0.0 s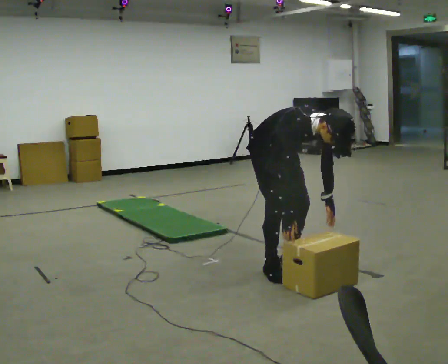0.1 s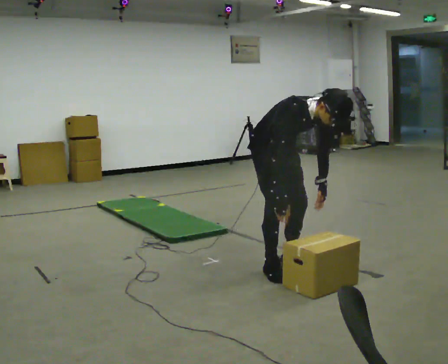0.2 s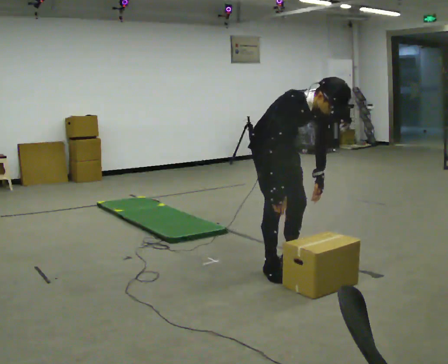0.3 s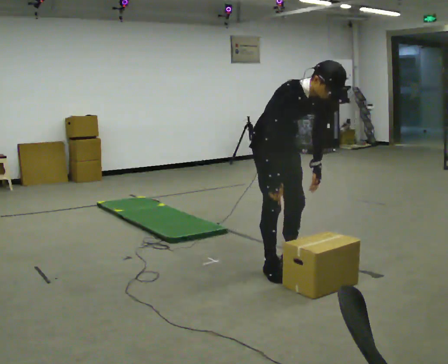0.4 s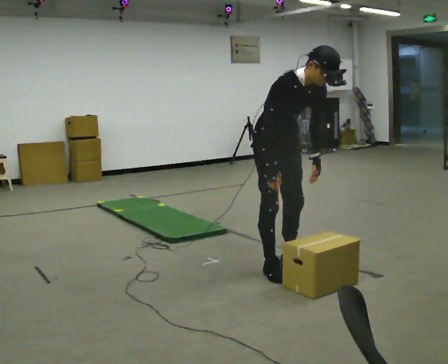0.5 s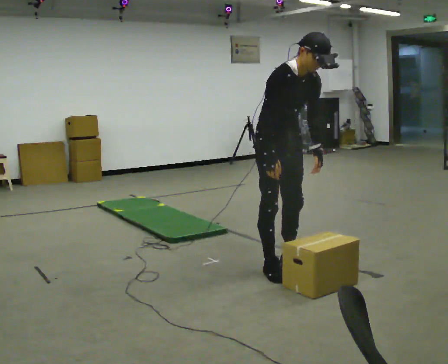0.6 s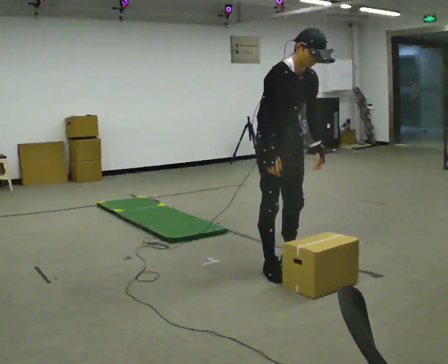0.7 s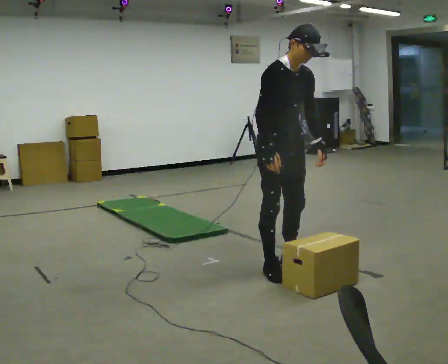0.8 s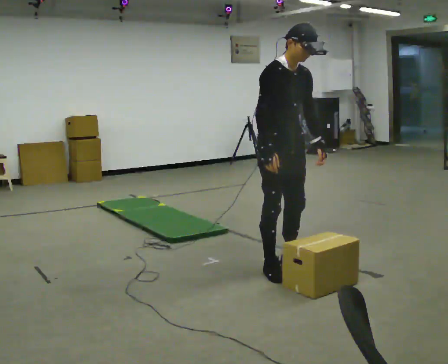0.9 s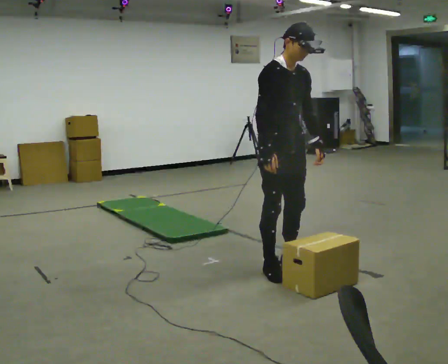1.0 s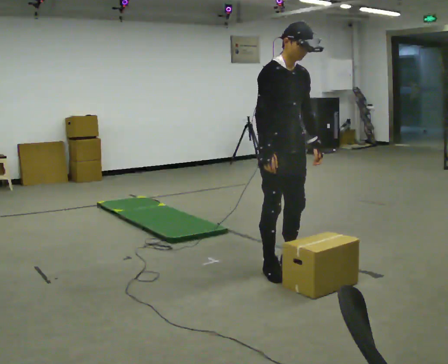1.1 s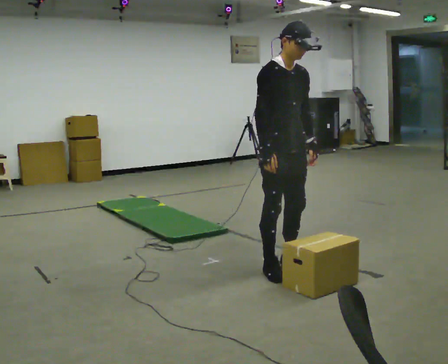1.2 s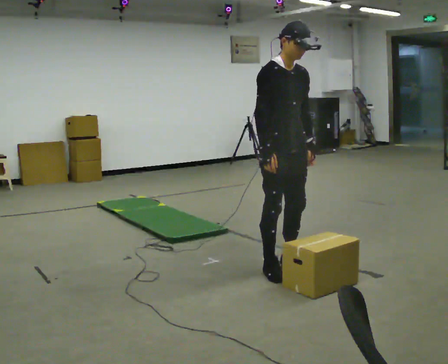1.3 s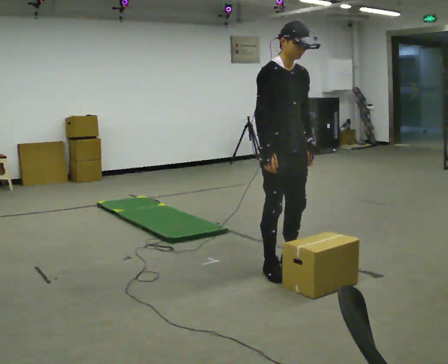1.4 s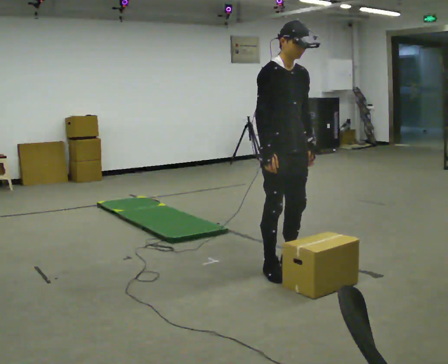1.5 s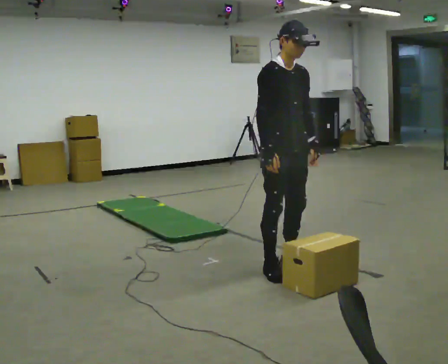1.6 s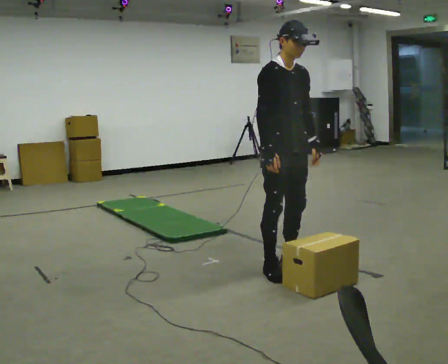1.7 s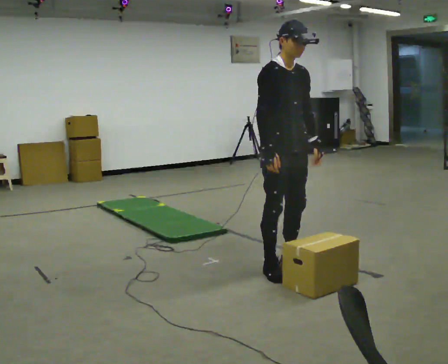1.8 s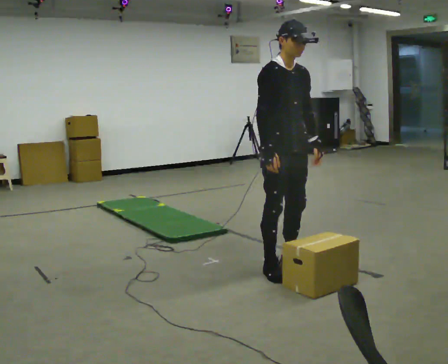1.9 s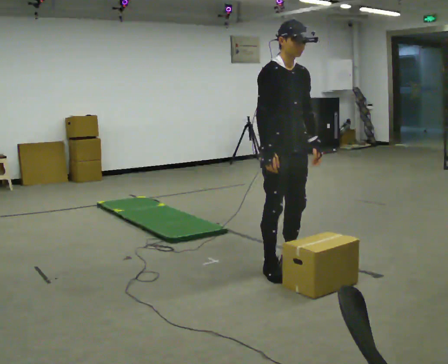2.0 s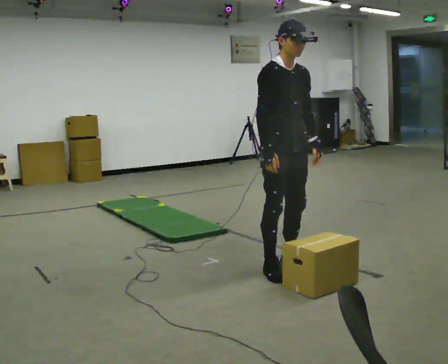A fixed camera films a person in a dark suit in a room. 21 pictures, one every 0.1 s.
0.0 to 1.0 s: The upper body goes upward. The upper body tips away from the camera, its near side rolling upward, as they lean back or straighten. In the picture their left hand goes upward.
1.0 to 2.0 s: The person moves a little, or ends about where they began.
The film runs forward here.
